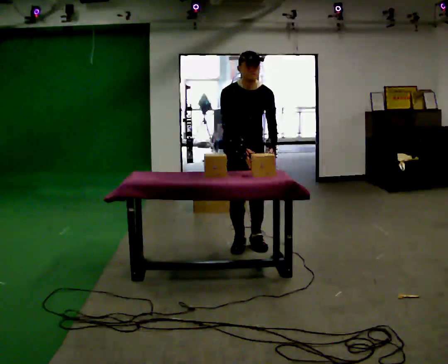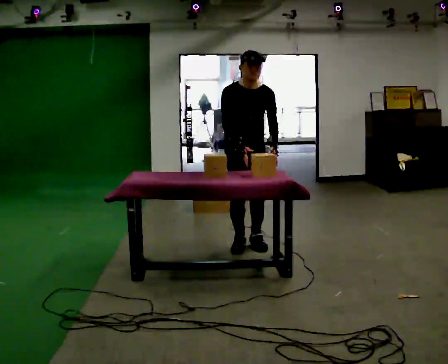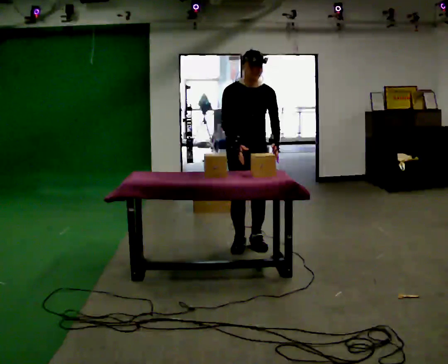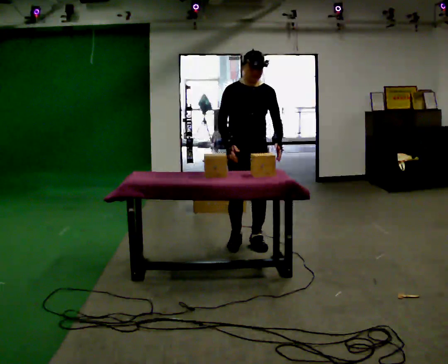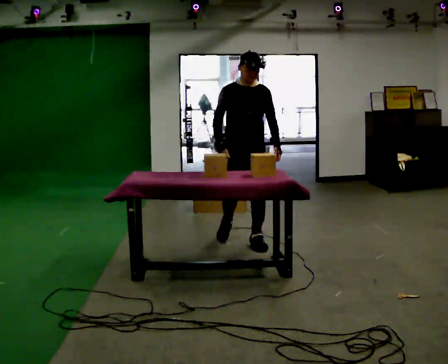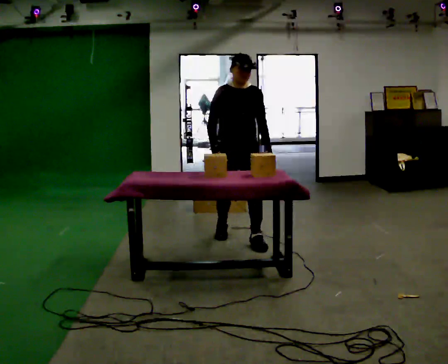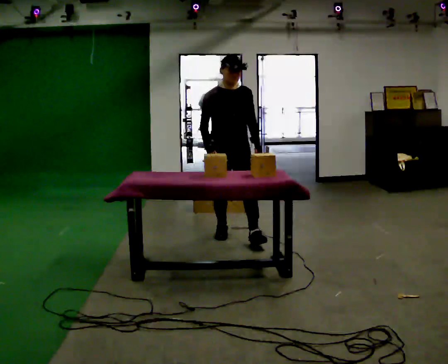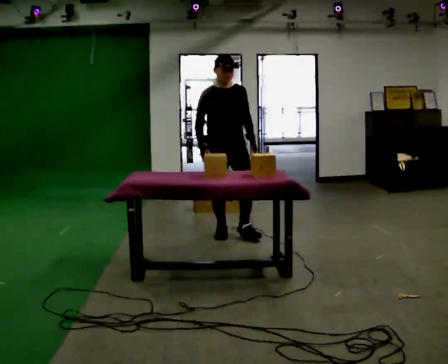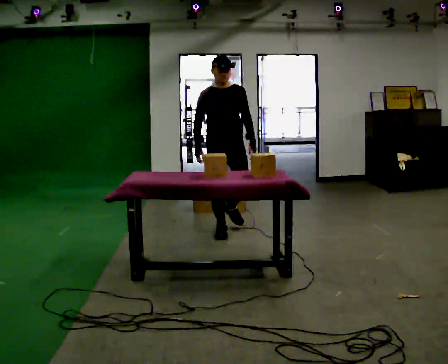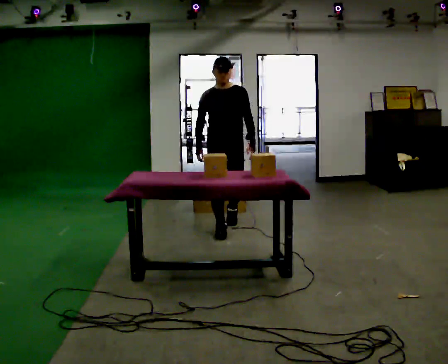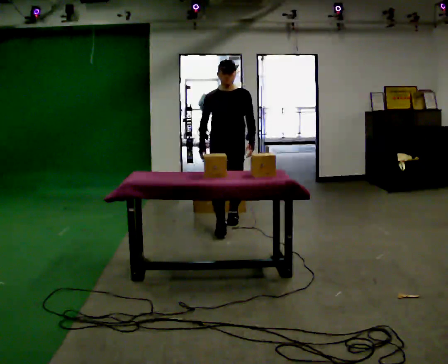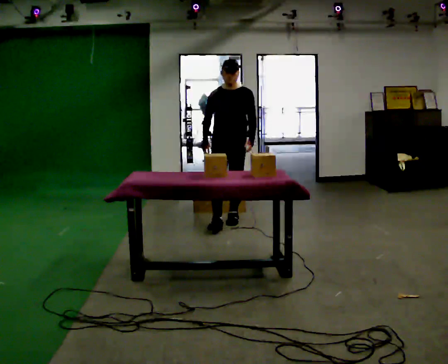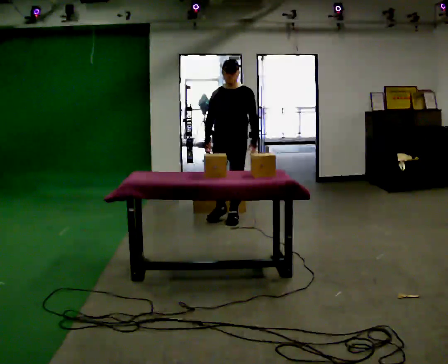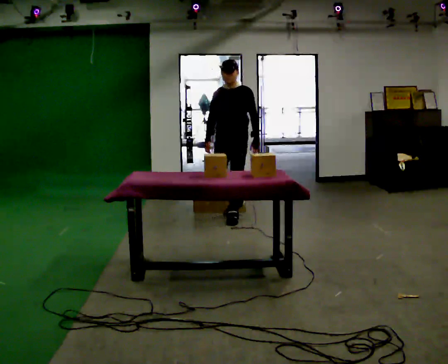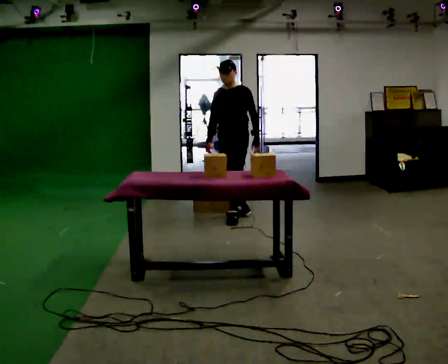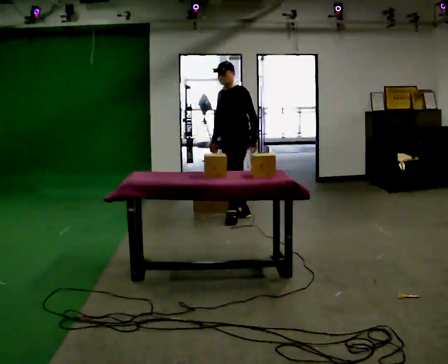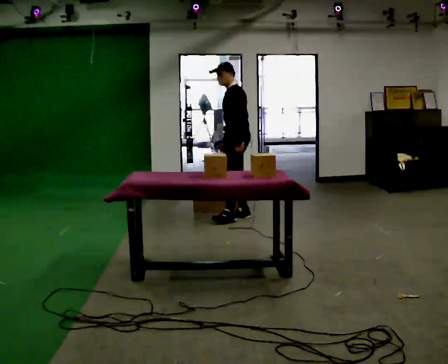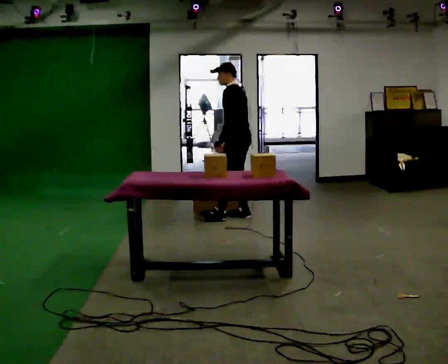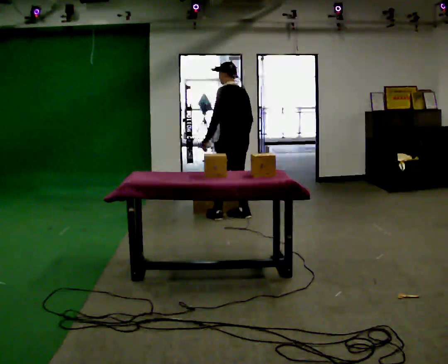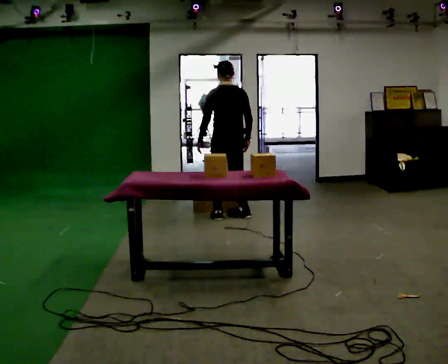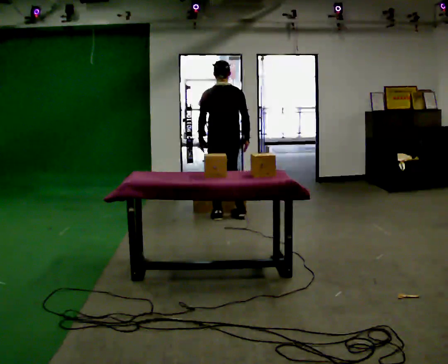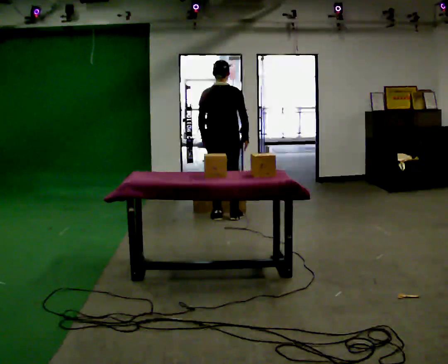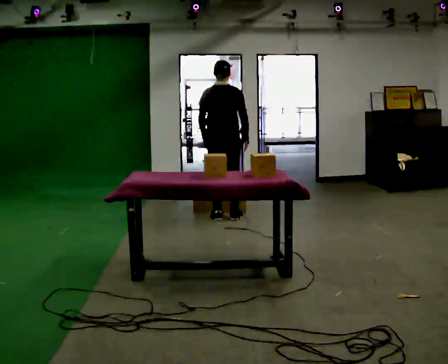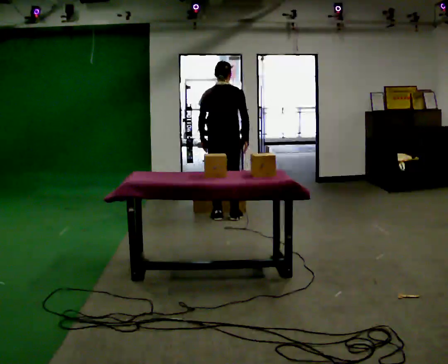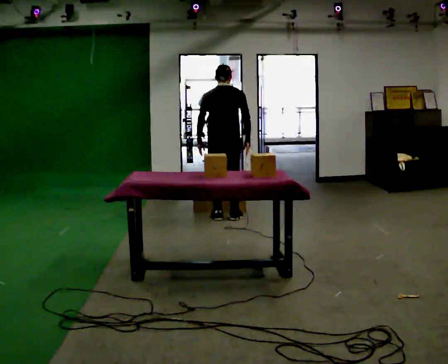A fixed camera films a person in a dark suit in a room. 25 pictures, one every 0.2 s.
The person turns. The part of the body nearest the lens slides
to the left.
The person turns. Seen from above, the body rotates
clockwise.
0.0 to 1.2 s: In the picture they go away from the camera, about 0.25 m in 2 steps, which for them is backward. The upper body tips away from the camera, its near side rolling upward, as they lean back or straighten.
1.2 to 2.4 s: The person turns about 30 degrees to their right, clockwise seen from above, so the part of the body nearest the lens slides to the left. In the picture they go away from the camera, about 0.75 m in 1 step, which for them is backward.
2.4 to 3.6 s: The part of the body nearest the lens slides to the left as the person turns to their right by about 120 degrees. In the picture their left hand goes to the left, the arm swinging clockwise.
3.6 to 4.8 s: The person turns about 60 degrees to their right, clockwise seen from above, so the part of the body nearest the lens slides to the left. In the picture they go to the left, about 0.25 m in 1 step, which for them is to their left.
The film runs backward here.
